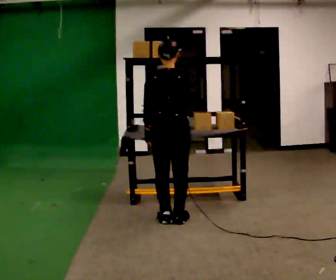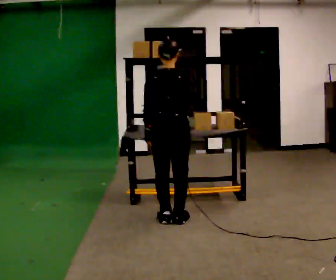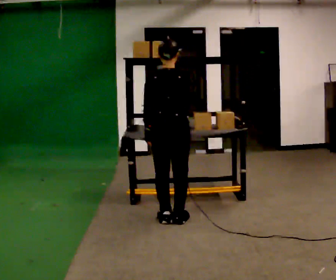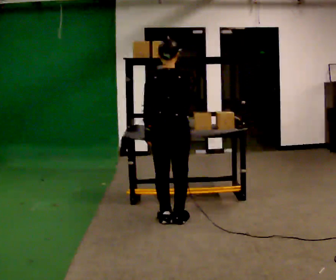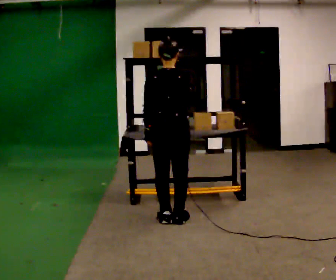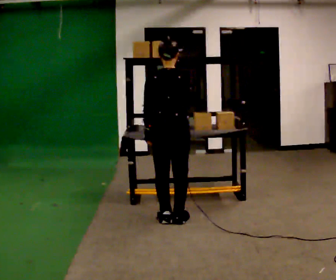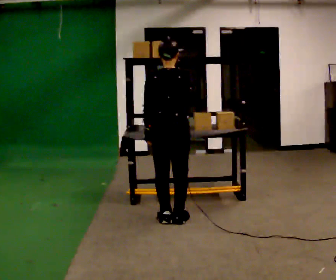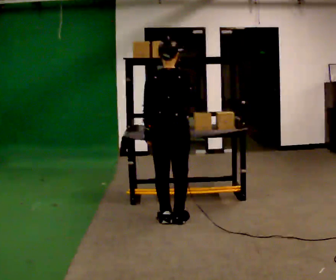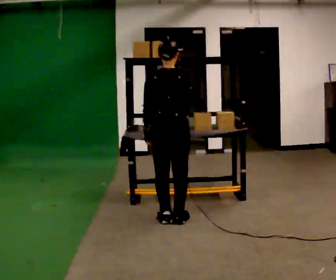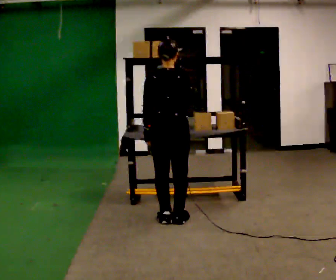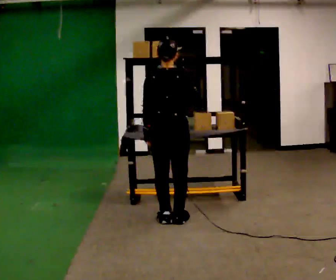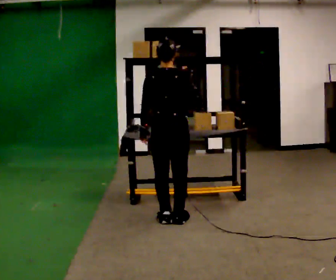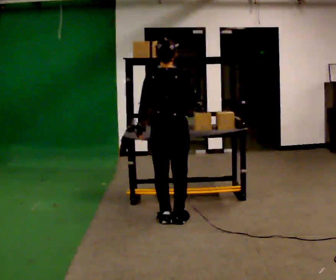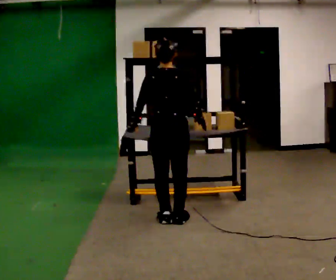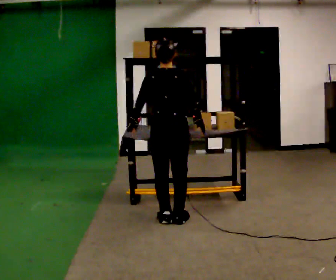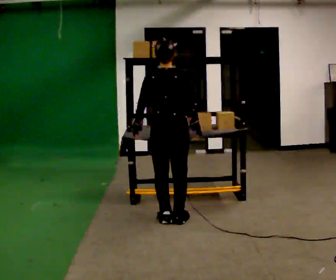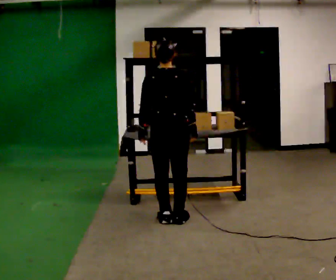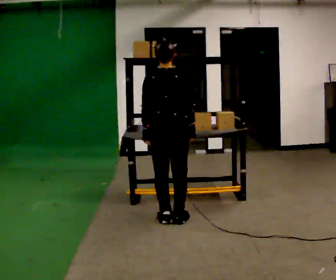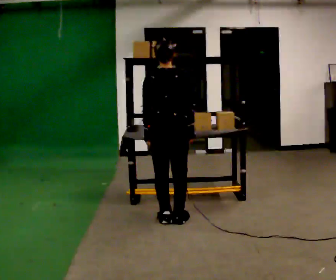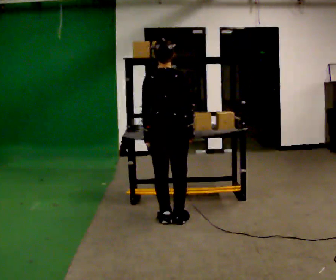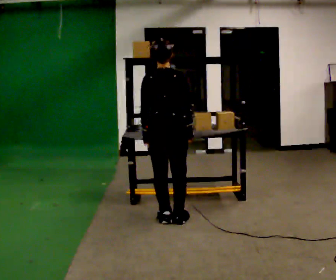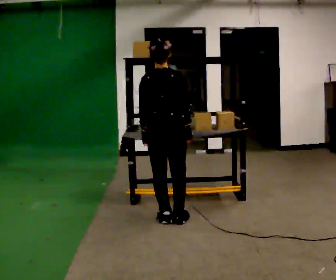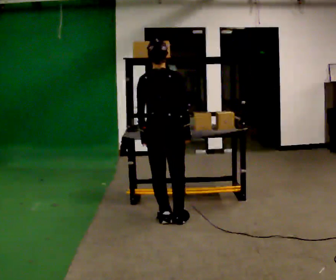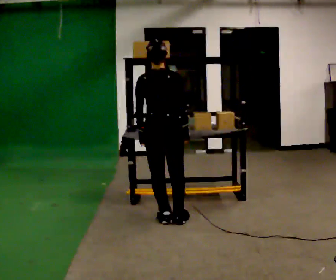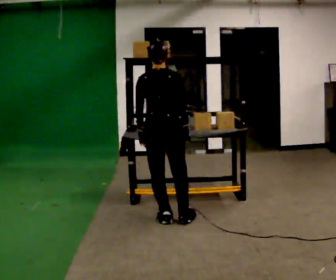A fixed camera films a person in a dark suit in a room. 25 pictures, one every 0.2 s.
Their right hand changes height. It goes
downward.
0.0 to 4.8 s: In the picture their right hand goes downward.
The film runs backward here.
